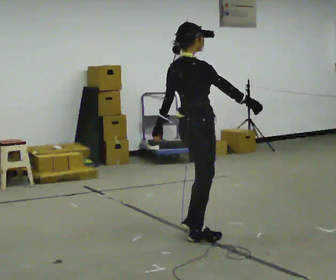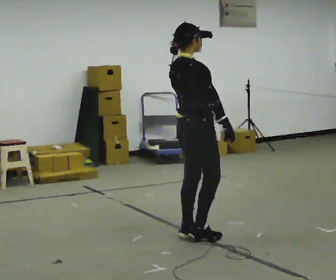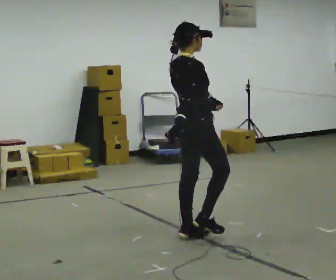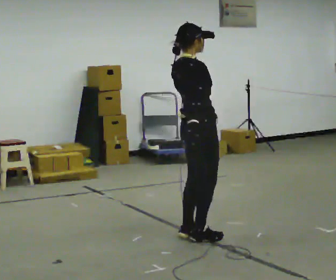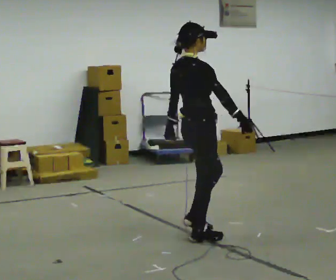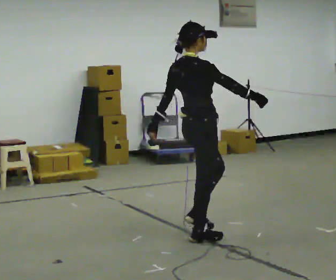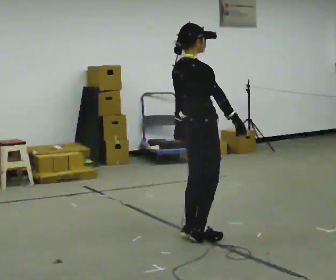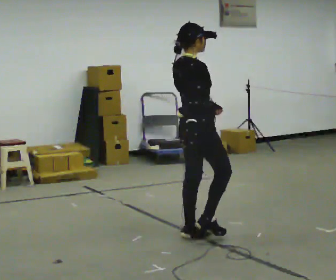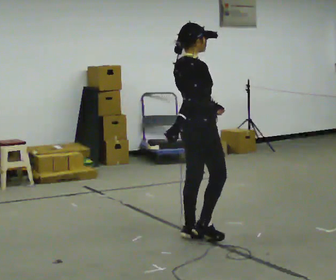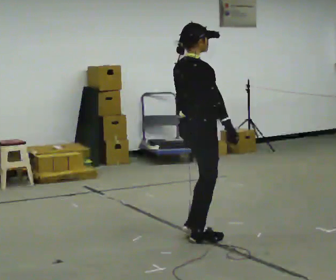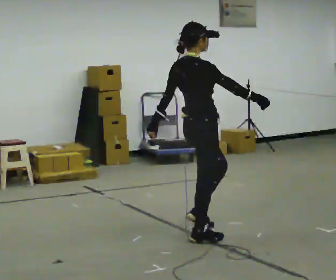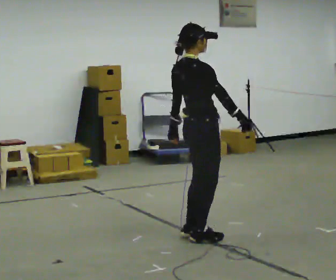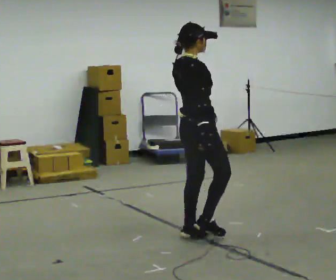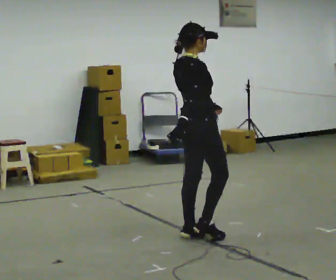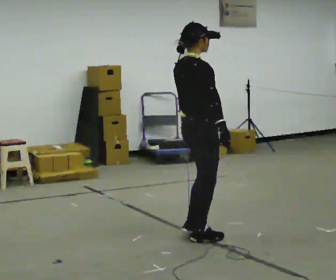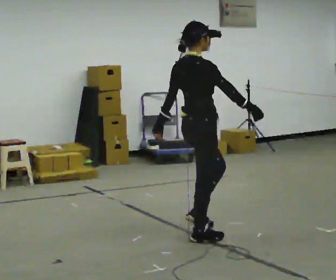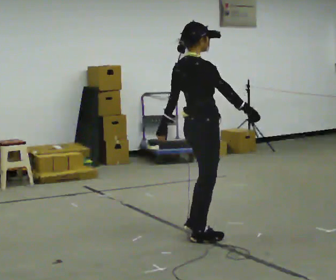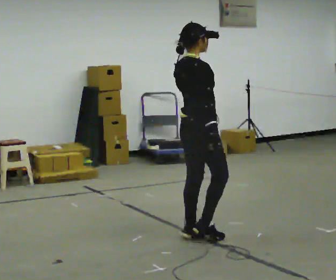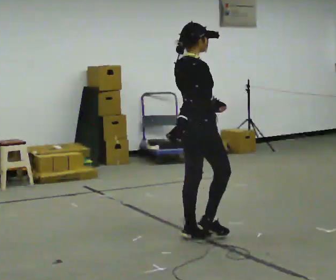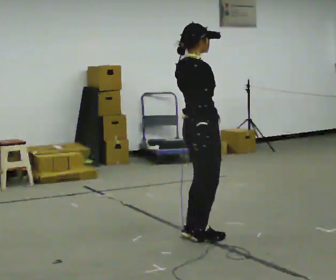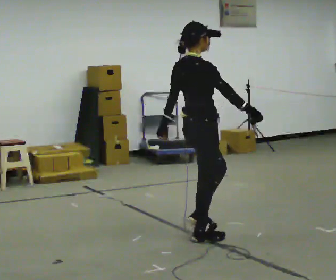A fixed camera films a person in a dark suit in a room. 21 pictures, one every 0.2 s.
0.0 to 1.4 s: In the picture their right hand goes to the left.
1.4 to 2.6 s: The person moves a little, or ends about where they began.
2.6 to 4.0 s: In the picture their right hand goes to the right.
The film runs forward here.
